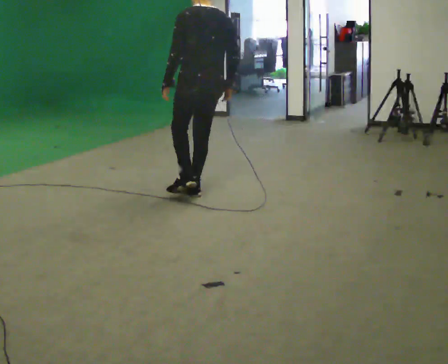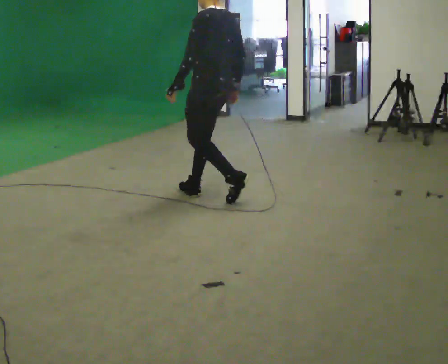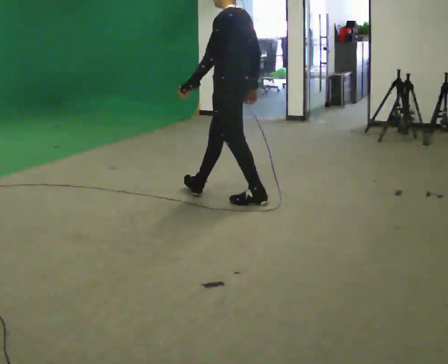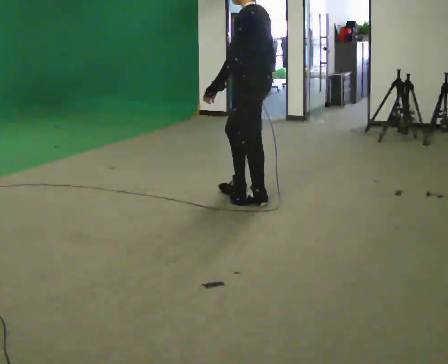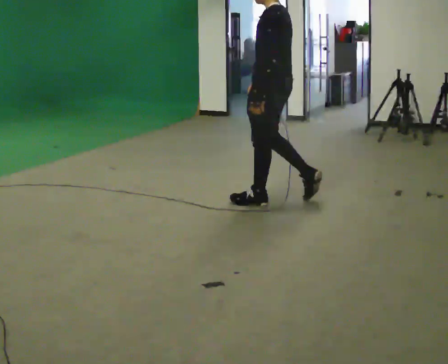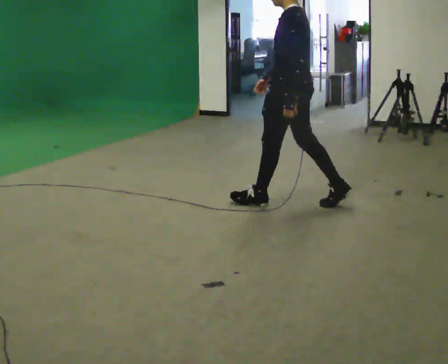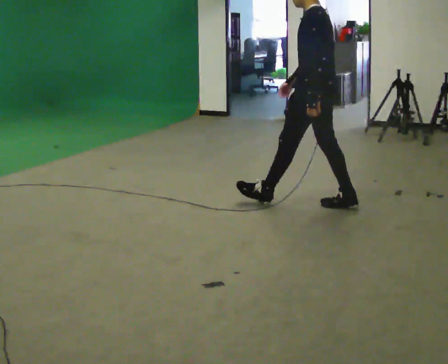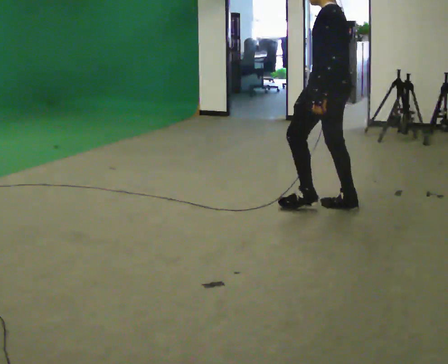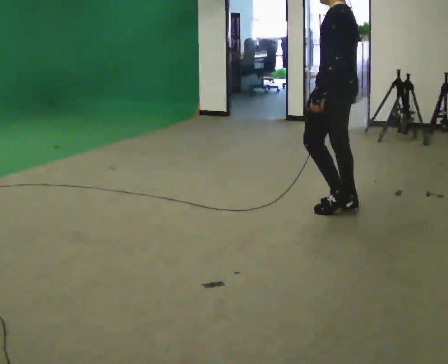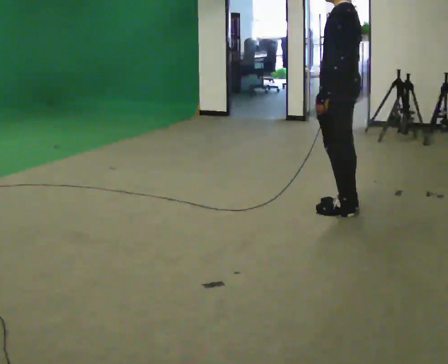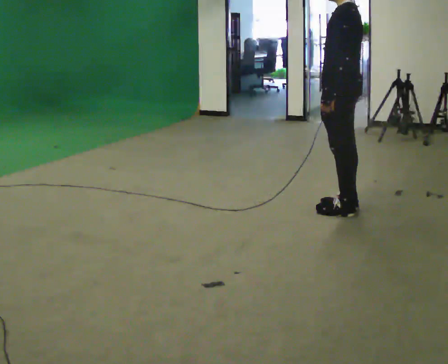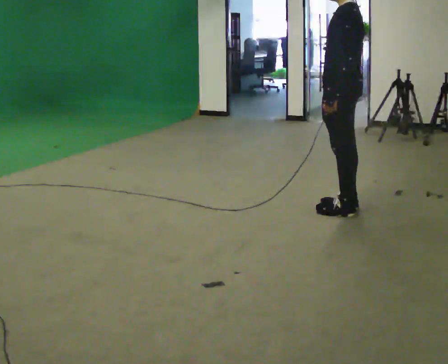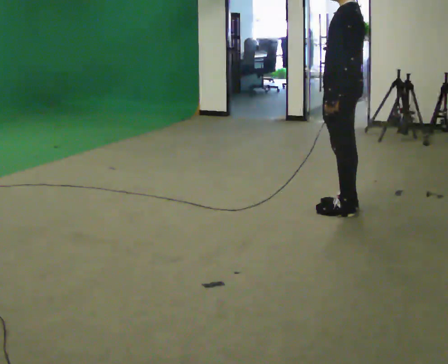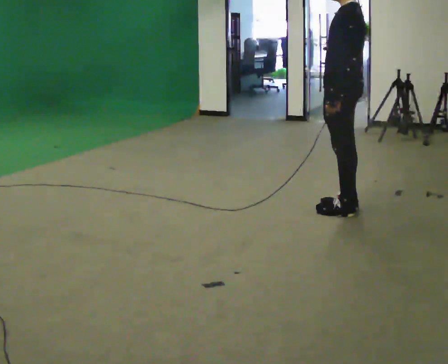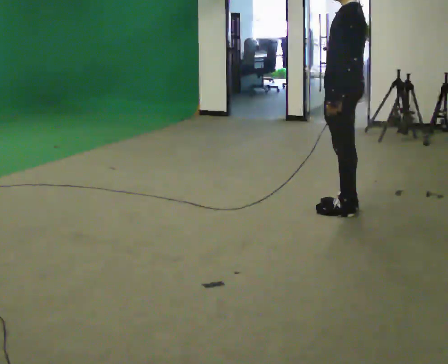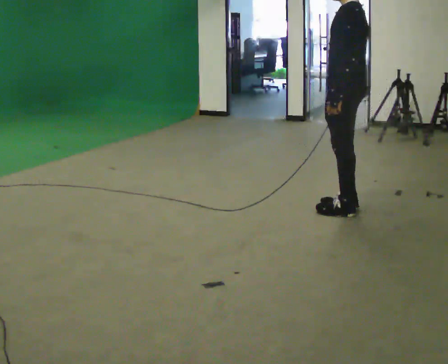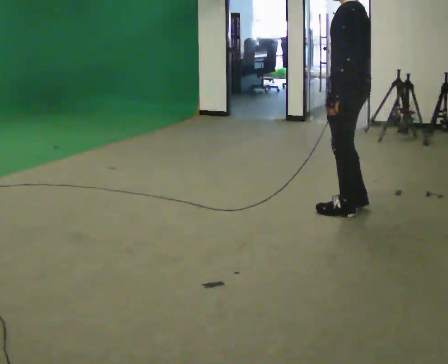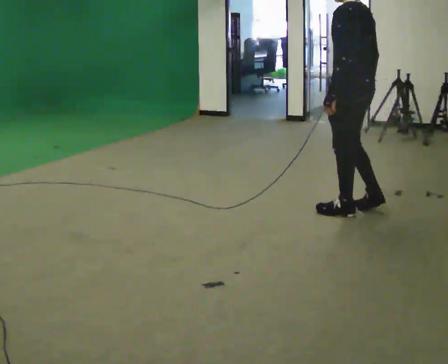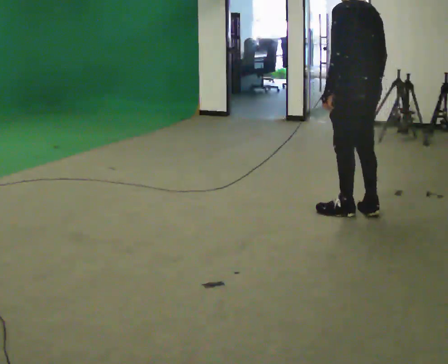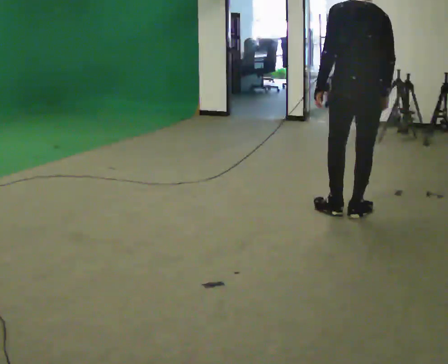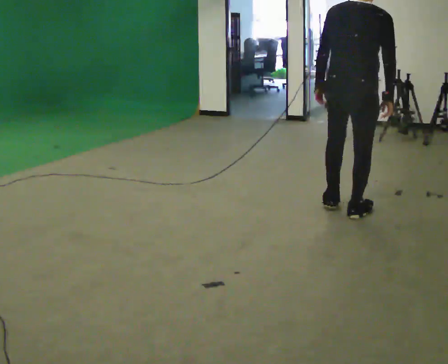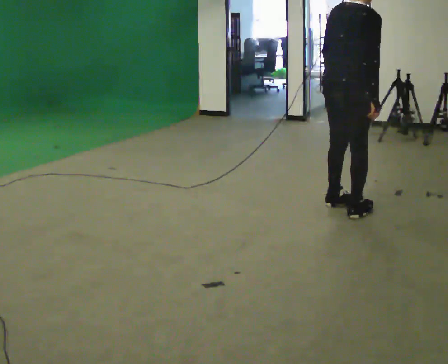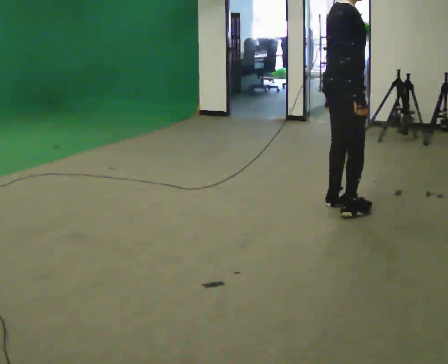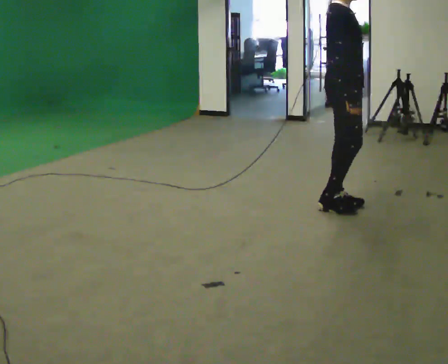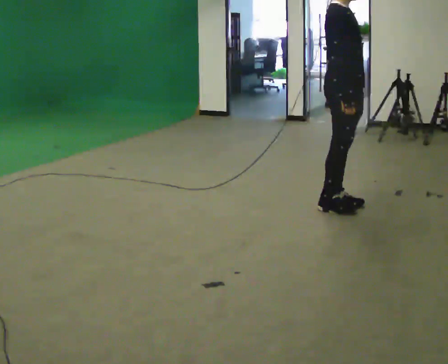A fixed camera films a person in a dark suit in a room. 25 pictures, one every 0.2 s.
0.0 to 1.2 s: Seen from above the body turns counterclockwise, about 30 degrees: to their left, with its near side sliding to the right. In the picture they go to the right, about 1 m in 2 steps, which for them is backward.
1.2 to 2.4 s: In the picture they go to the right, about 0.25 m, which for them is backward. In the picture their right hand goes to the right.
2.4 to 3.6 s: The part of the body nearest the lens slides to the left as the person turns to their right by about 30 degrees.
3.6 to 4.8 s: The part of the body nearest the lens slides to the left as the person turns to their right by about 150 degrees.
The film runs backward here.
